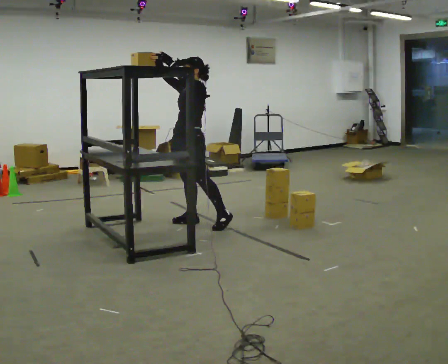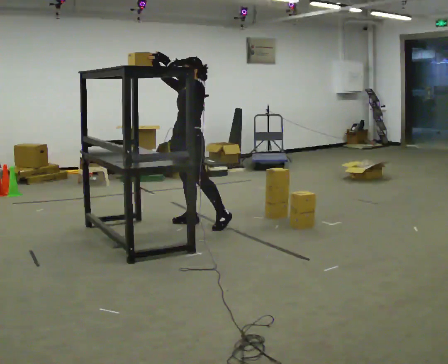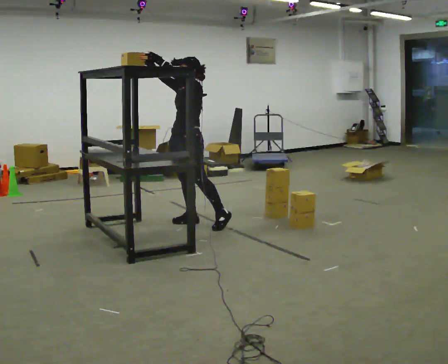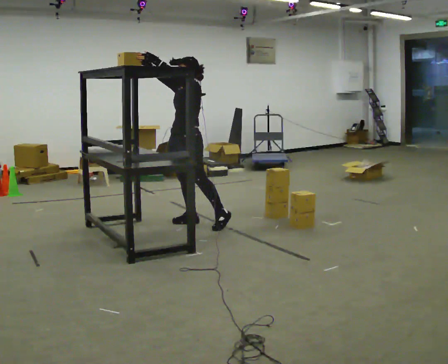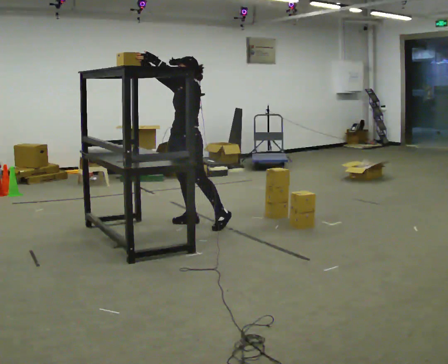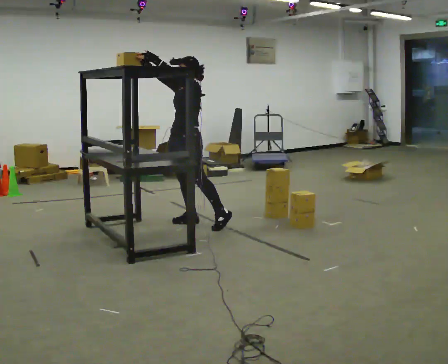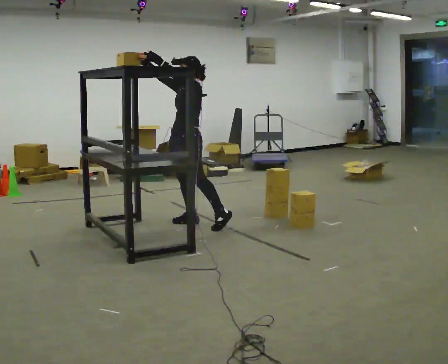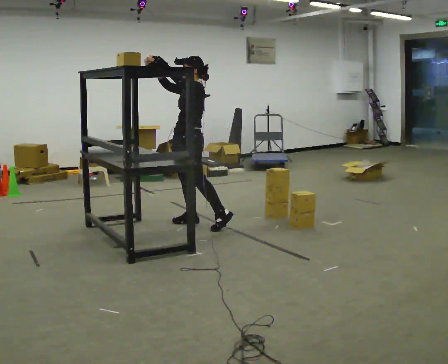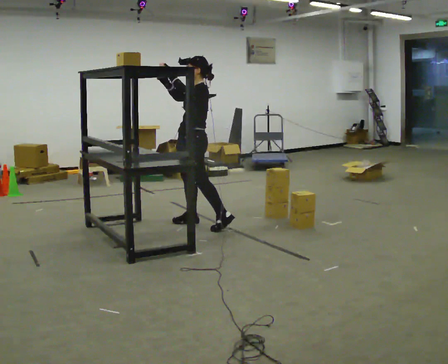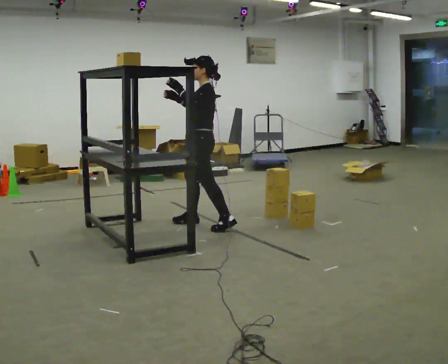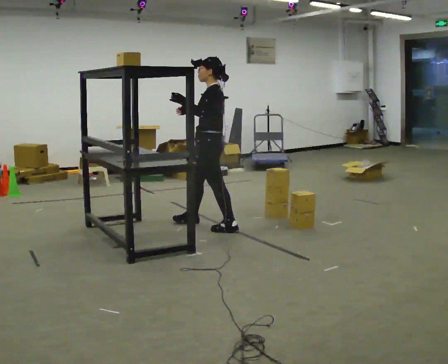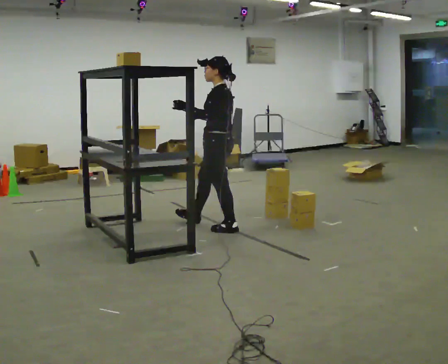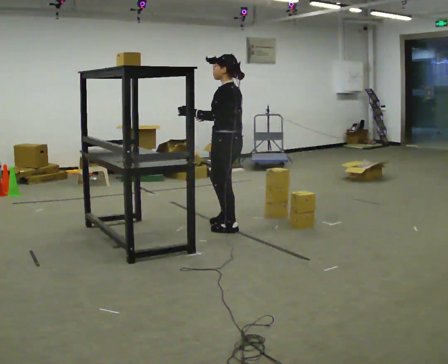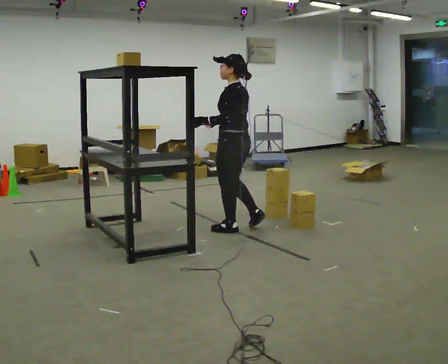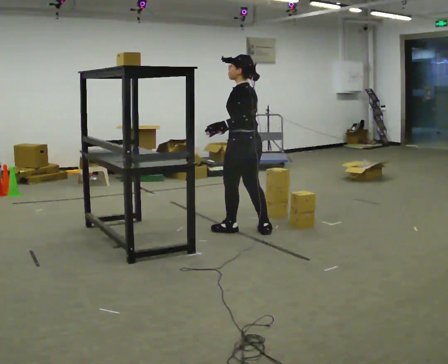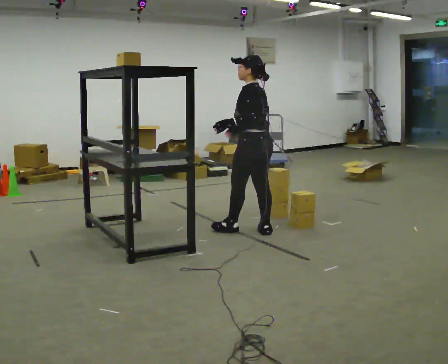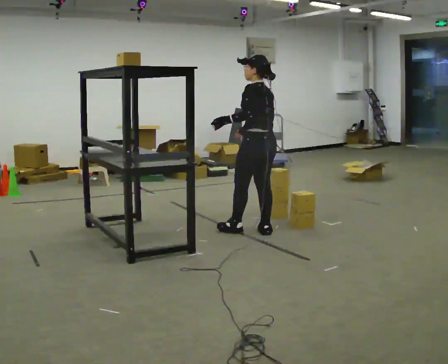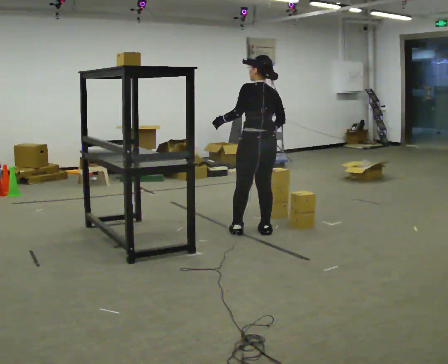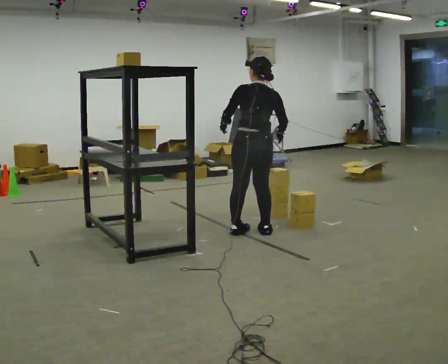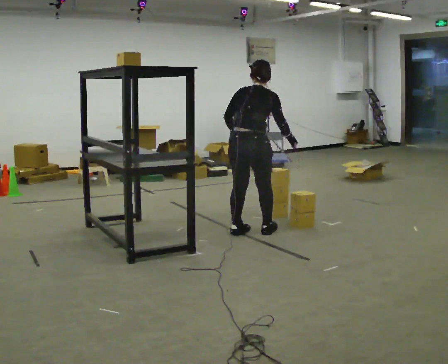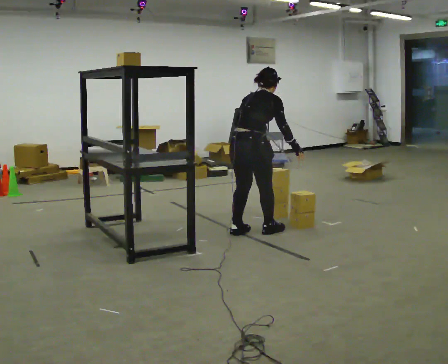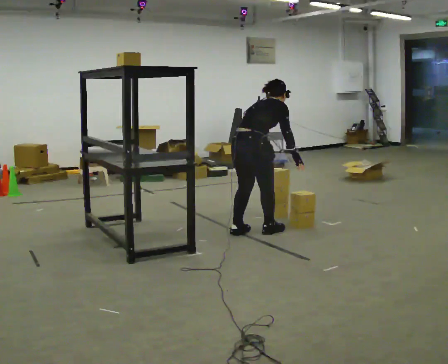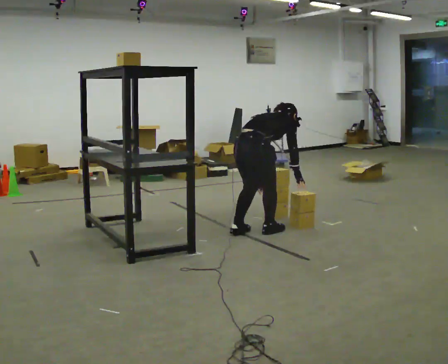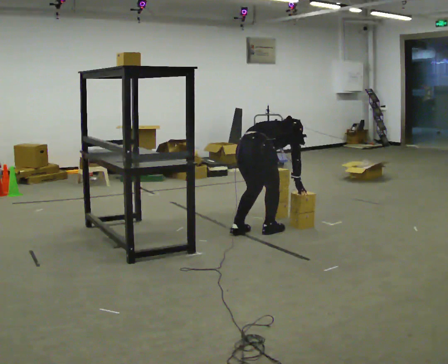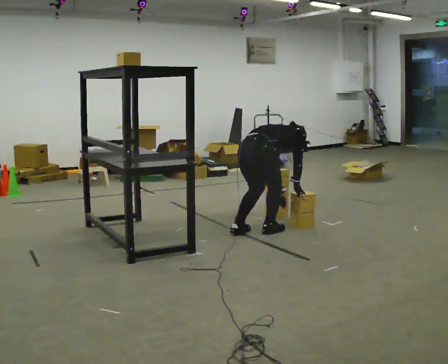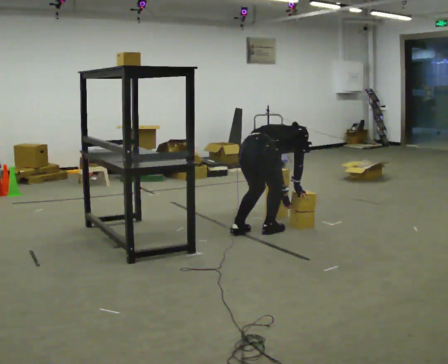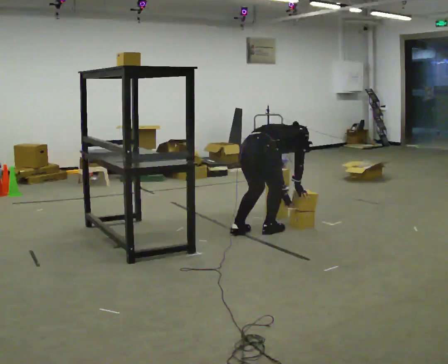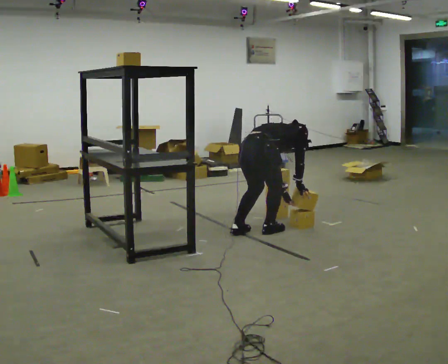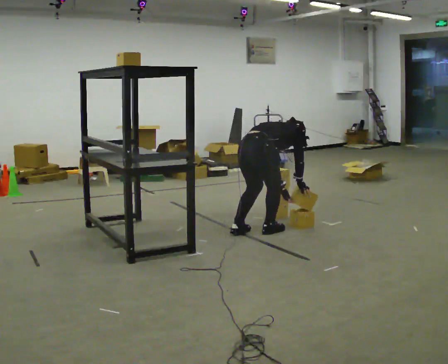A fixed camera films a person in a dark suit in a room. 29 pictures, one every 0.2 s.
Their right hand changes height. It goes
downward.
The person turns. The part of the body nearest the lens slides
to the left.
0.0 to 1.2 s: The person moves a little, or ends about where they began.
1.2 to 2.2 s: Seen from above the body turns clockwise, about 45 degrees: to their right, with its near side sliding to the left. In the picture they go to the right and toward the camera, about 0.25 m, which for them is backward and to their left. In the picture their right hand goes downward.
2.2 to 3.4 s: The person turns about 45 degrees to their right, clockwise seen from above, so the part of the body nearest the lens slides to the left. In the picture they go to the right and toward the camera, about 0.5 m in 1 step, which for them is backward.
3.4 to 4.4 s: The person turns about 75 degrees to their right, clockwise seen from above, so the part of the body nearest the lens slides to the left. The shoulders move downward. In the picture the upper body tilts clockwise, shoulders to the right, as they bend forward.
4.4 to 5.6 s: In the picture the upper body tilts clockwise, shoulders to the right, as they bend forward.
The film runs backward here.
